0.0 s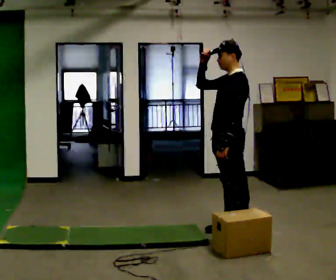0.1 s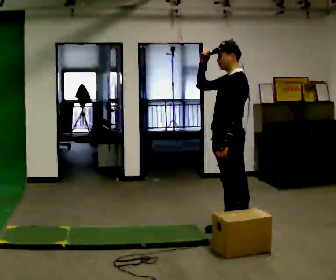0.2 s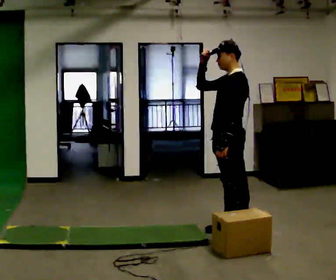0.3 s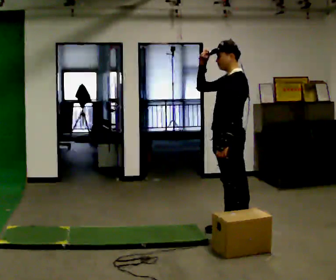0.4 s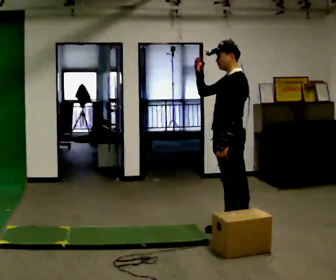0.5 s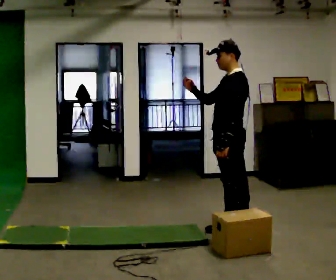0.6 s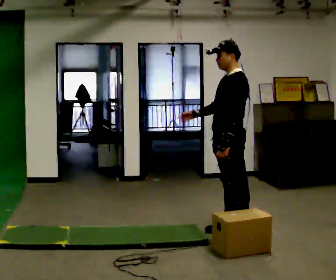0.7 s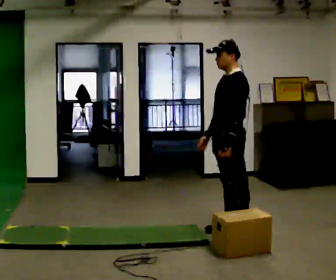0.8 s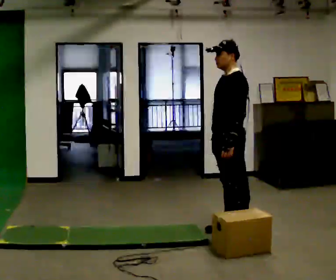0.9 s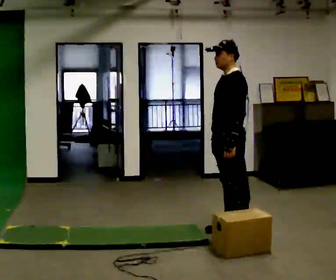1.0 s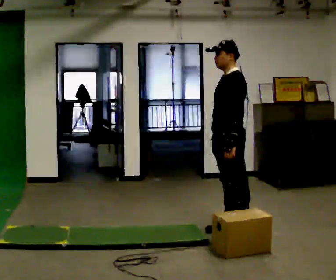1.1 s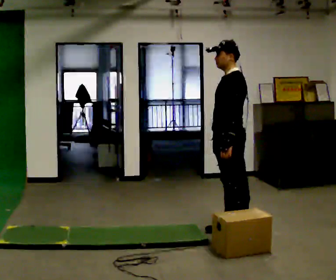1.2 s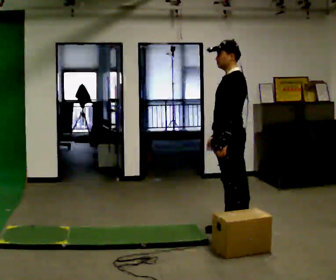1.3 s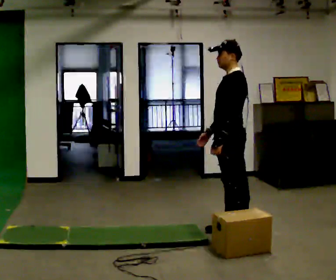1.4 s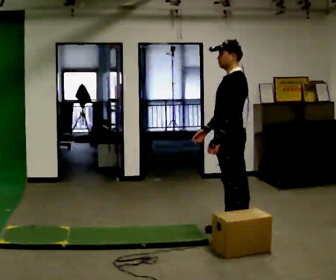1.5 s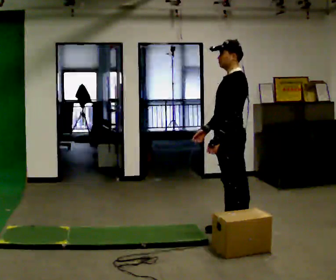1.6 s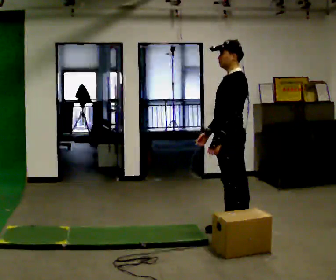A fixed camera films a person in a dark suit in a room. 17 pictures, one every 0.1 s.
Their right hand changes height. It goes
downward.
0.0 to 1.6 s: In the picture their right hand goes downward.
The film runs forward here.
